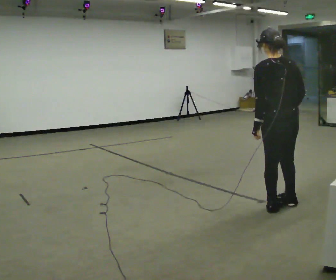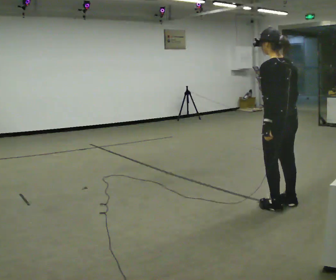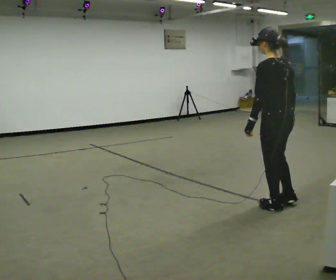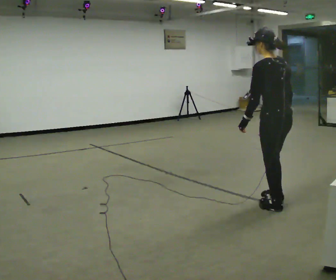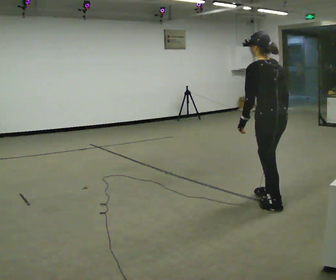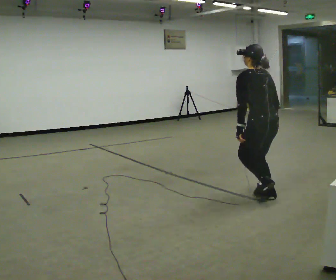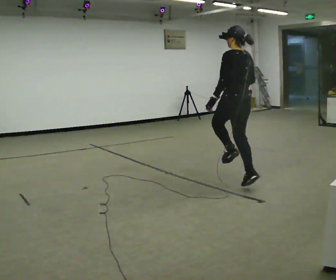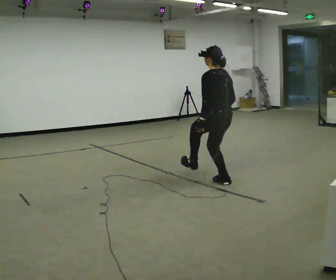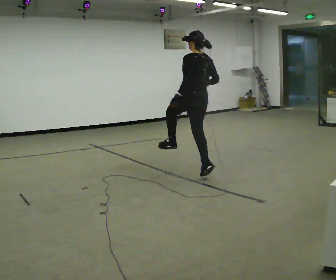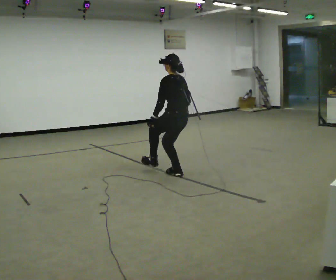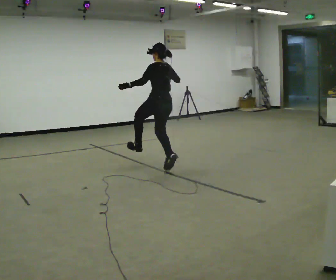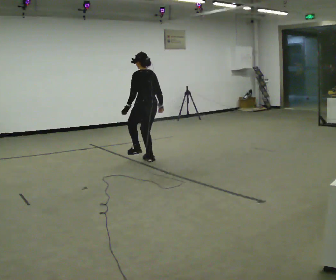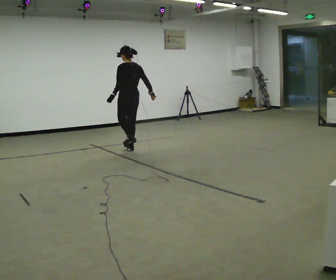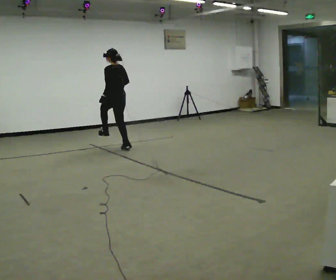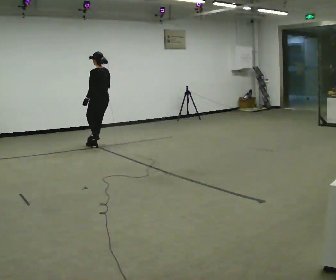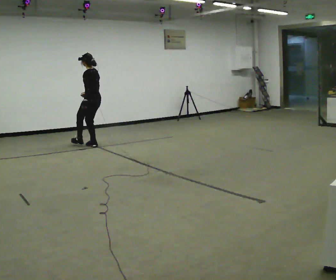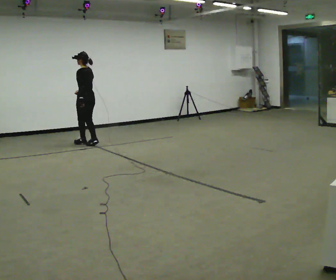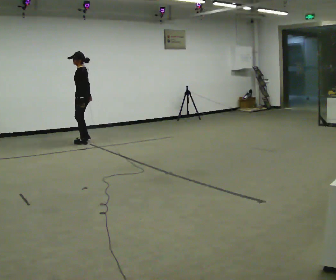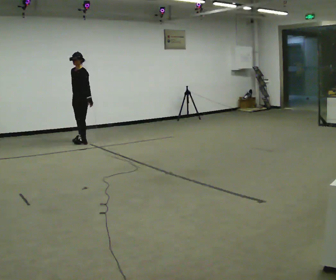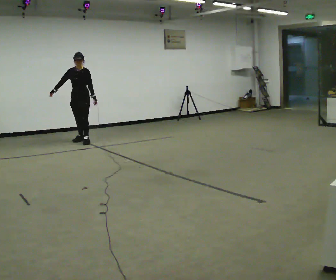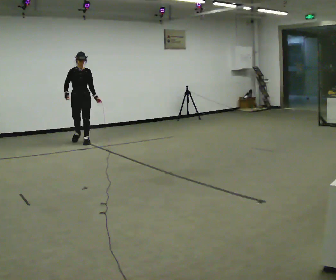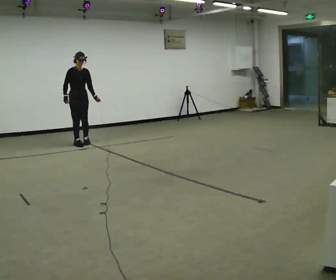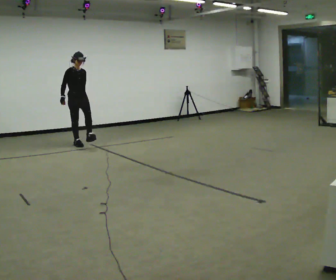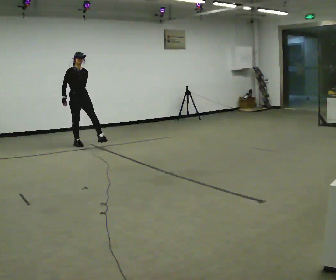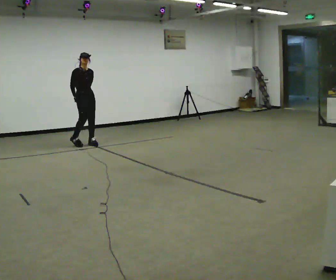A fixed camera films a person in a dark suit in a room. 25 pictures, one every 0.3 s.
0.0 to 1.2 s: In the picture they go away from the camera, about 0.25 m in 1 step, which for them is forward.
1.2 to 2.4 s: In the picture they go away from the camera and to the left, about 1 m in 1 step, which for them is forward.
2.4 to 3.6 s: In the picture they go away from the camera and to the left, about 1.5 m in 2 steps, which for them is forward.
3.6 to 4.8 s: In the picture they go away from the camera and to the left, about 1 m in 3 steps, which for them is forward.
4.8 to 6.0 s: The part of the body nearest the lens slides to the right as the person turns to their left by about 150 degrees. In the picture they go away from the camera, about 0.25 m in 1 step.
6.0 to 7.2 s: In the picture they go toward the camera, about 0.25 m in 2 steps, which for them is forward.
The film runs forward here.
